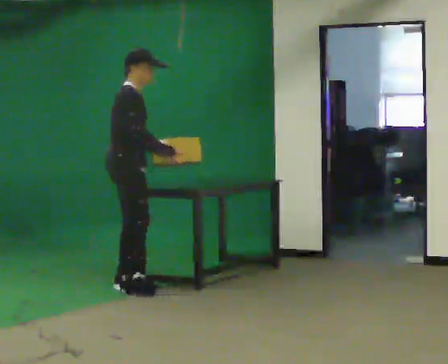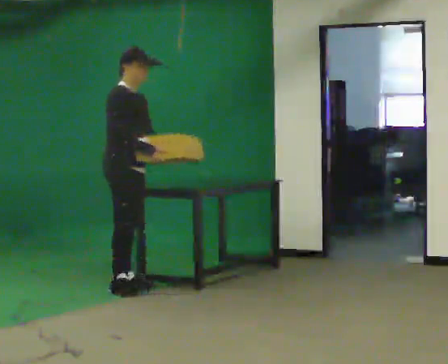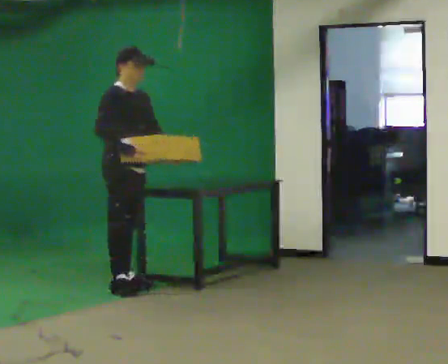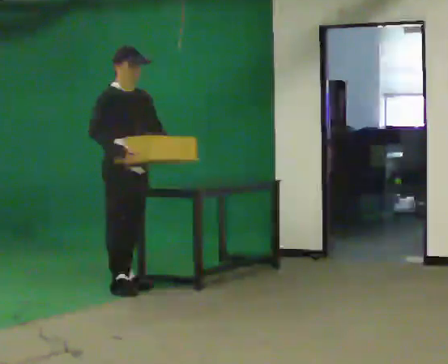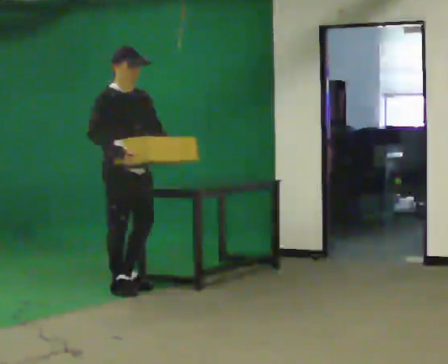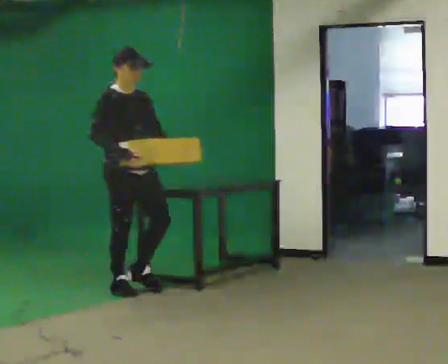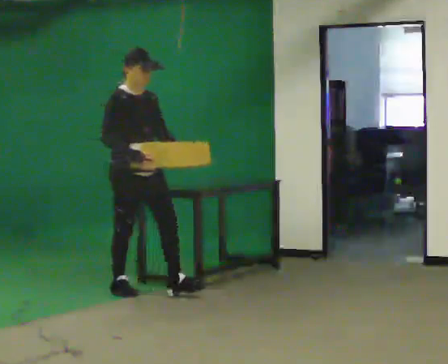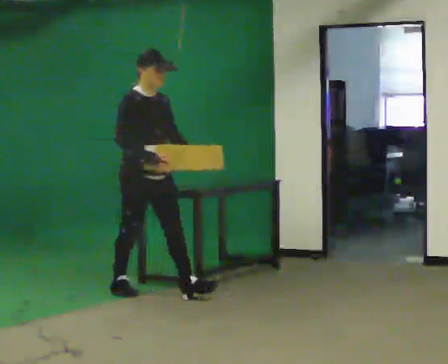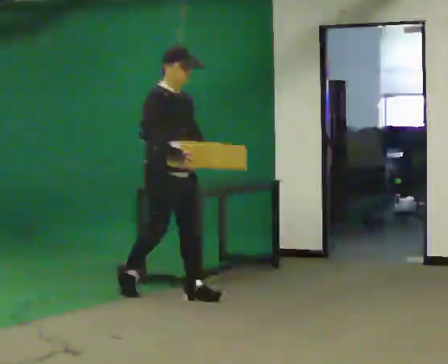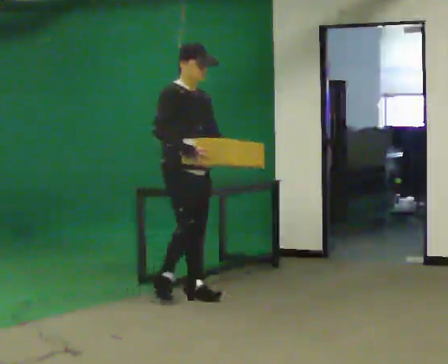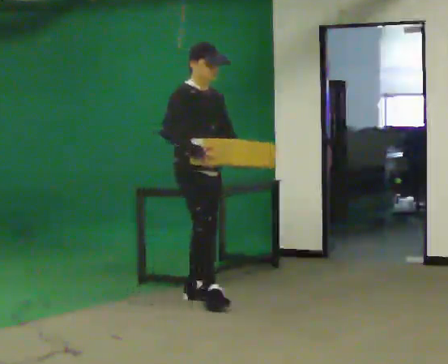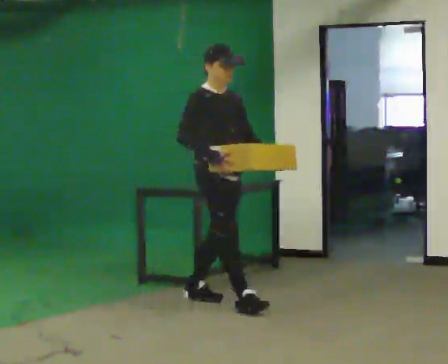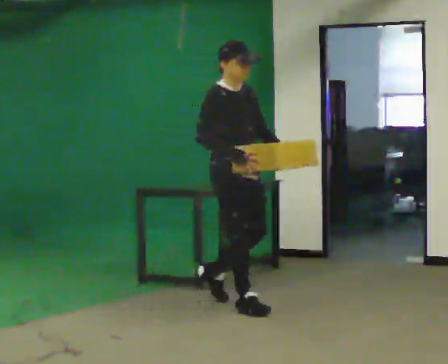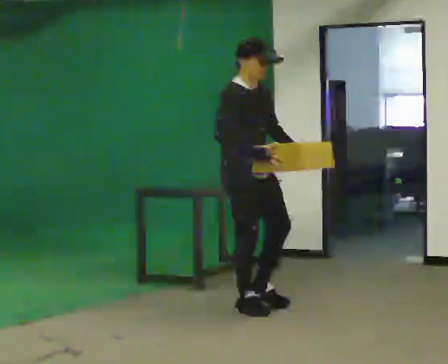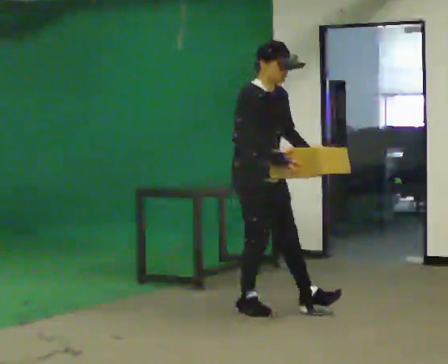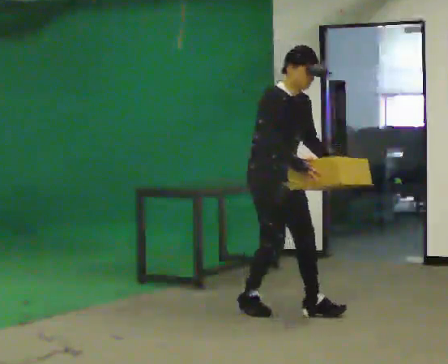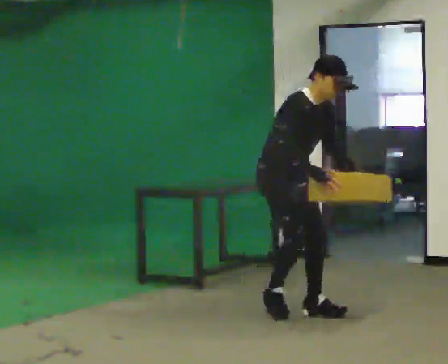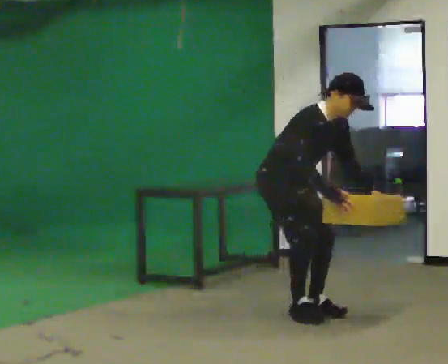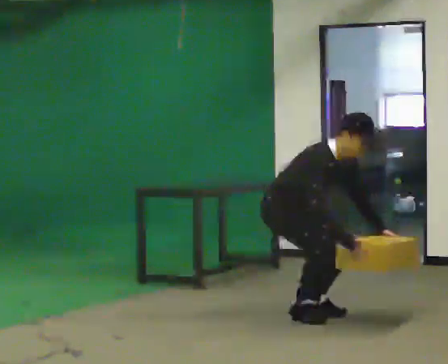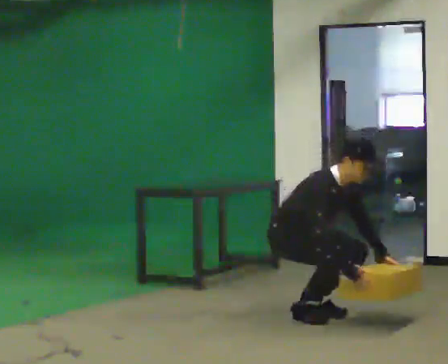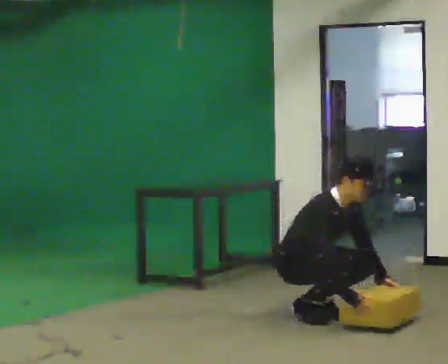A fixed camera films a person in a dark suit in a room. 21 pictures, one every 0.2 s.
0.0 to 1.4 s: The person turns about 30 degrees to their right, clockwise seen from above, so the part of the body nearest the lens slides to the left. In the picture they go toward the camera, about 0.25 m in 2 steps, which for them is forward.
1.4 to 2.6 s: In the picture they go to the right and toward the camera, about 1 m in 1 step, which for them is forward.
2.6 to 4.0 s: In the picture they go to the right and toward the camera, about 0.5 m in 2 steps, which for them is forward. The shoulders move downward. In the picture their right hand goes downward.
The film runs forward here.
